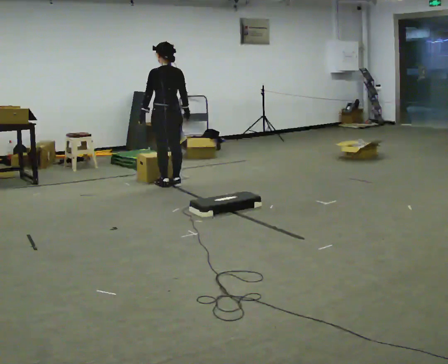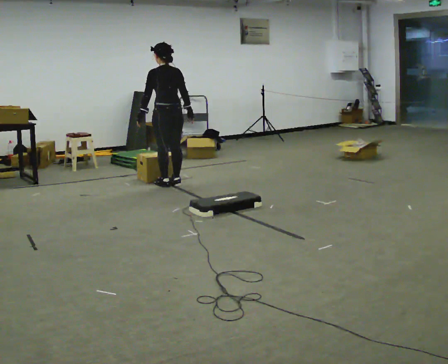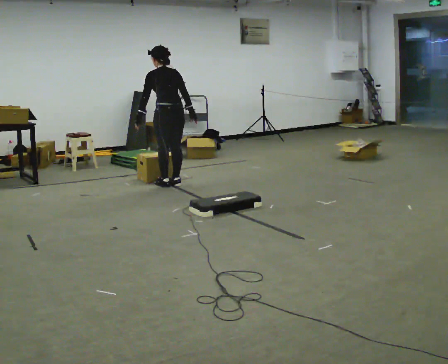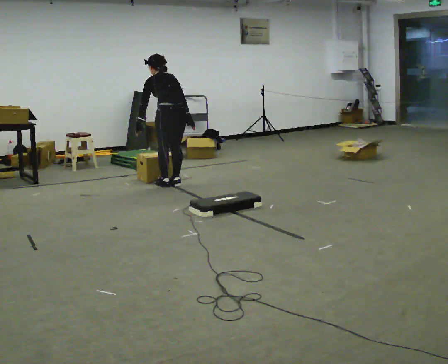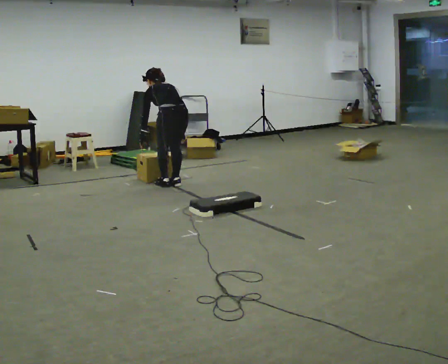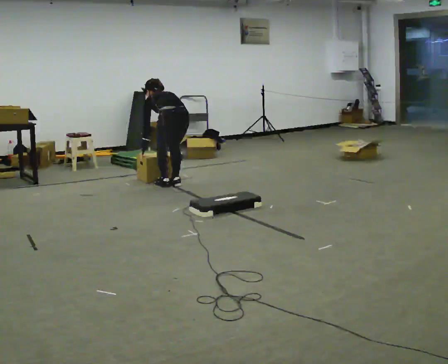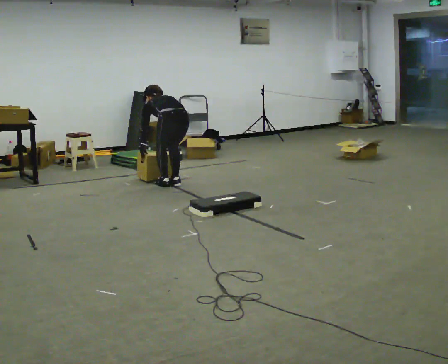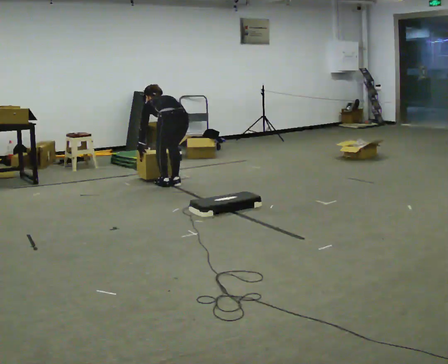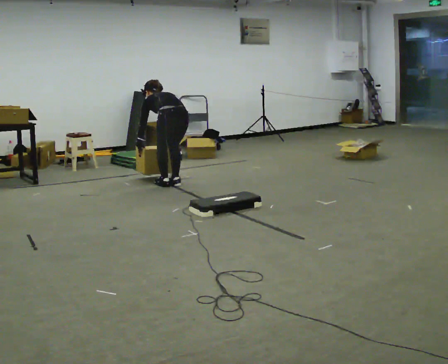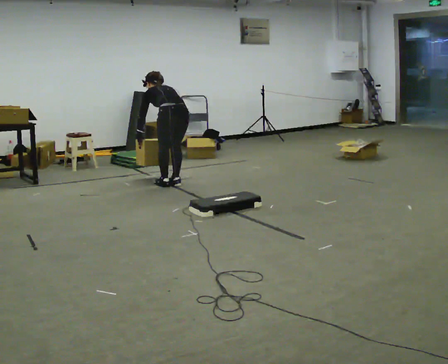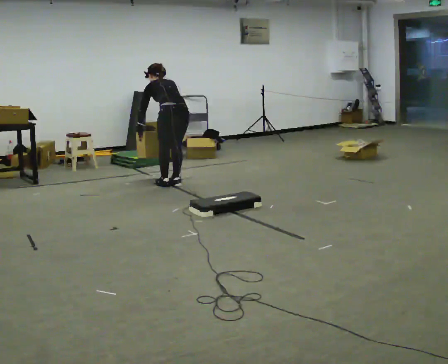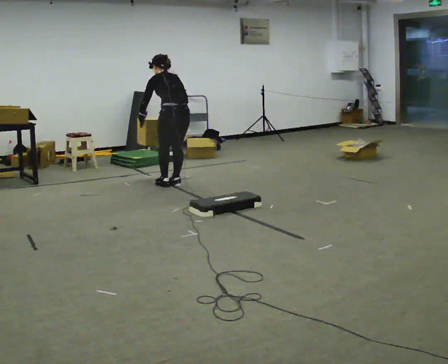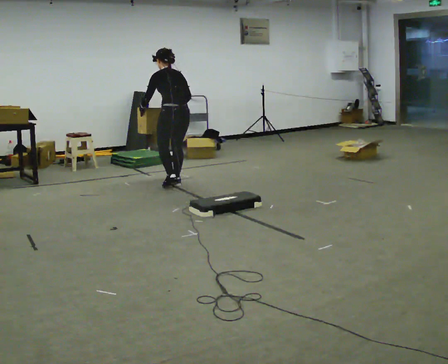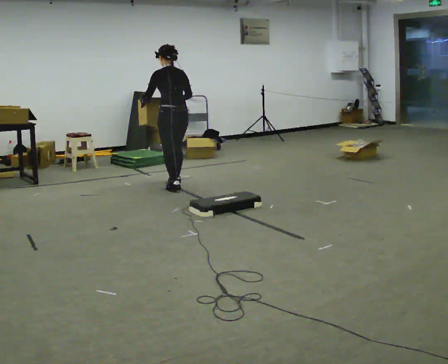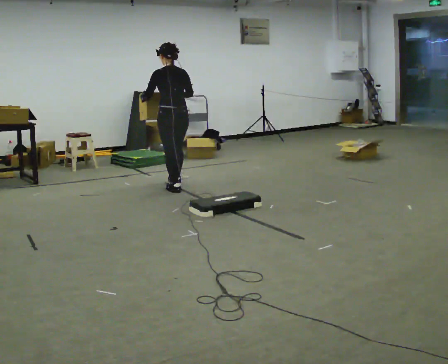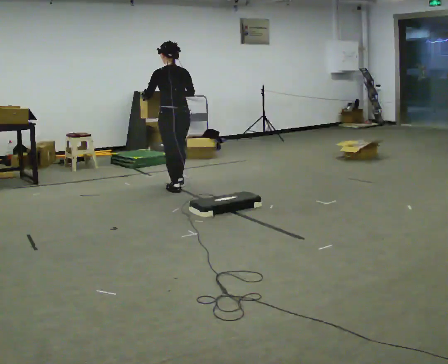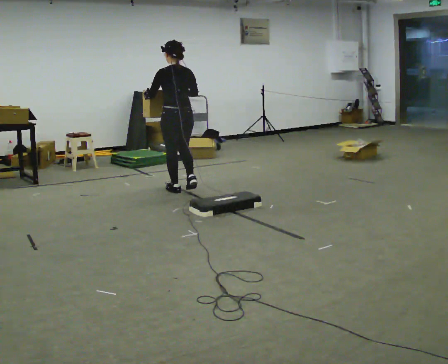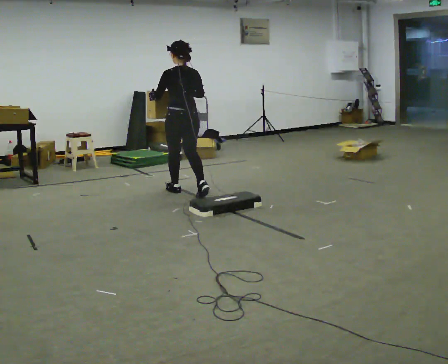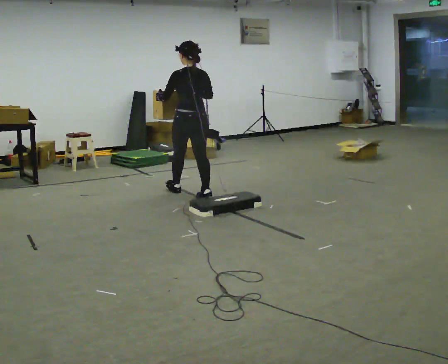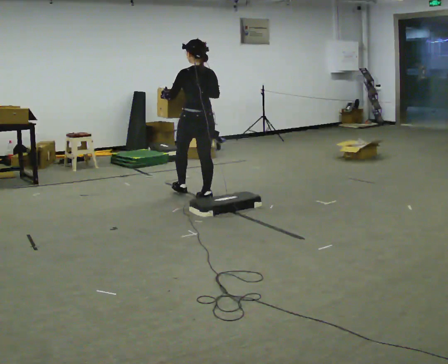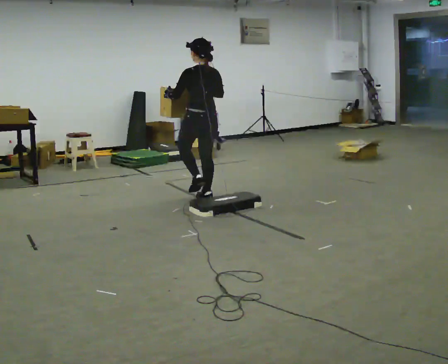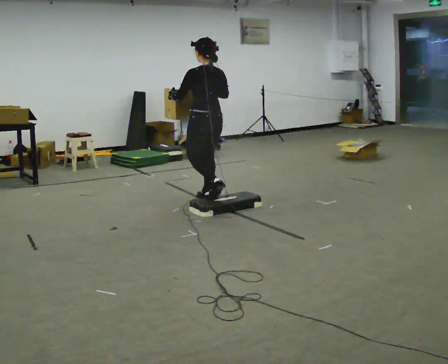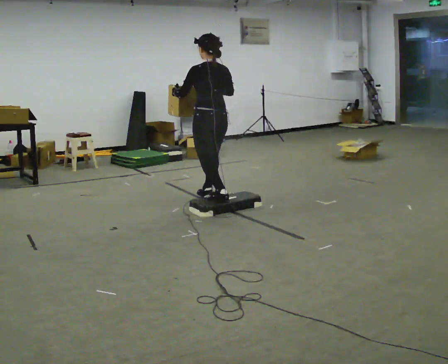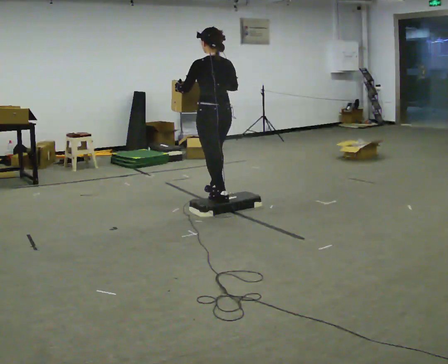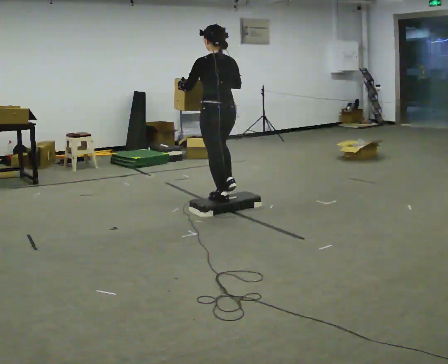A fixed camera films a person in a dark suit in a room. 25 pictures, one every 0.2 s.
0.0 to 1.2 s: The upper body goes downward. The upper body tips away from the camera, its near side rolling upward, as they bend forward. In the picture their right hand goes downward.
1.2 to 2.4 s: The shoulders move upward. The upper body tips toward the camera, its near side rolling downward, as they lean back or straighten. In the picture their left hand goes upward.
2.4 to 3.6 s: In the picture they go toward the camera and to the right, about 0.5 m in 1 step, which for them is backward. The upper body tips toward the camera, its near side rolling downward, as they lean back or straighten.
3.6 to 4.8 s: In the picture they go toward the camera and to the right, about 0.5 m in 2 steps, which for them is backward.
The film runs backward here.
